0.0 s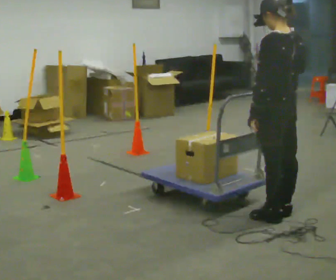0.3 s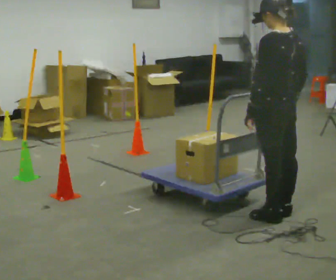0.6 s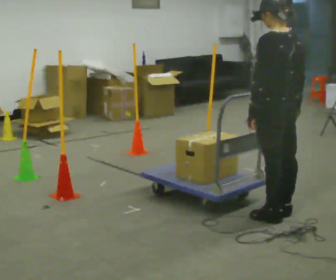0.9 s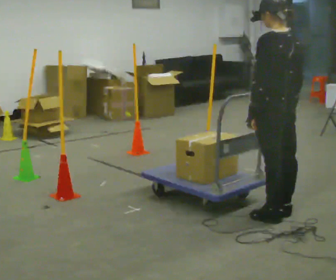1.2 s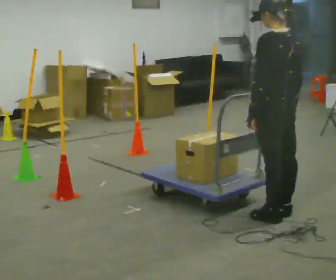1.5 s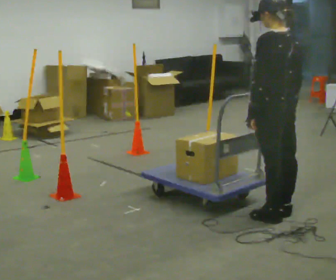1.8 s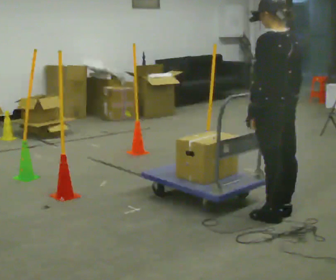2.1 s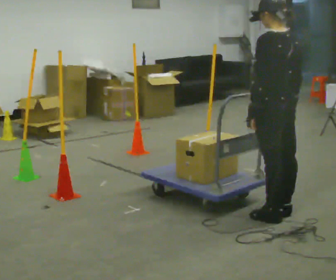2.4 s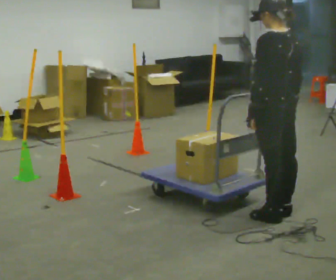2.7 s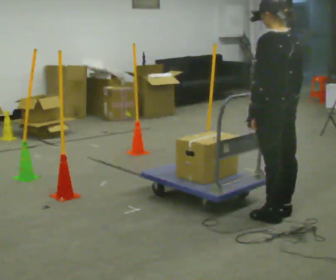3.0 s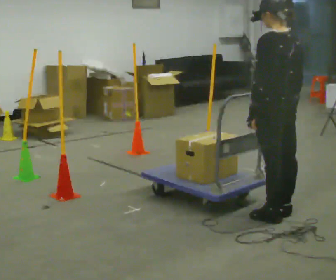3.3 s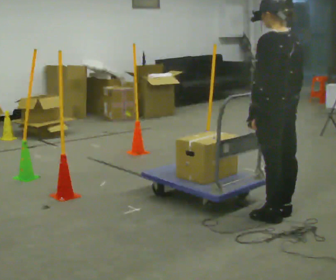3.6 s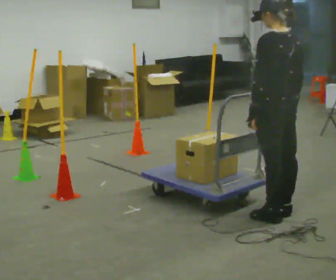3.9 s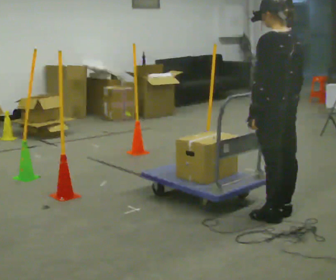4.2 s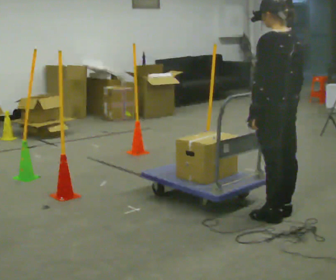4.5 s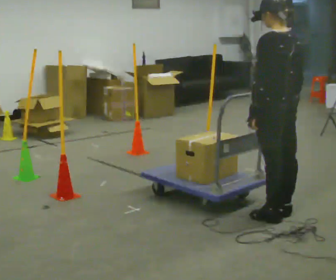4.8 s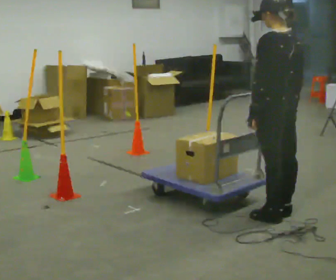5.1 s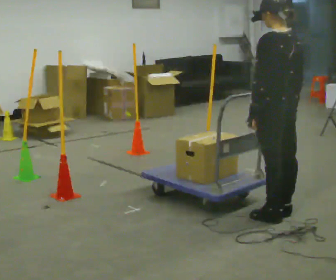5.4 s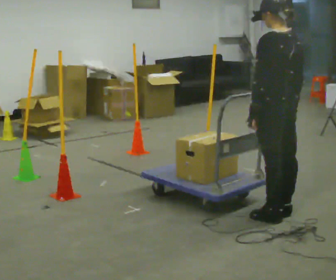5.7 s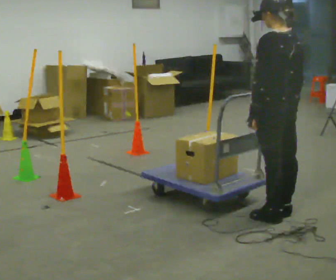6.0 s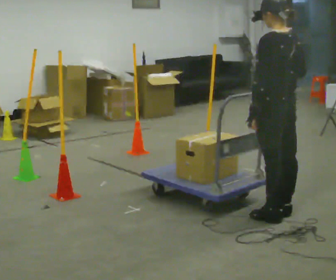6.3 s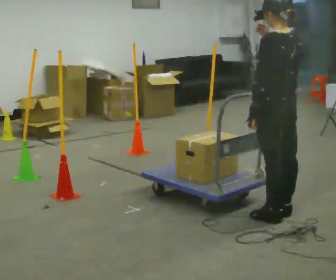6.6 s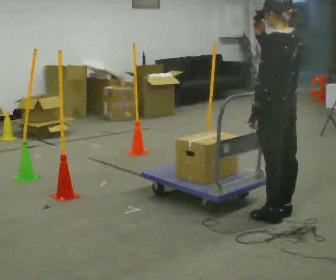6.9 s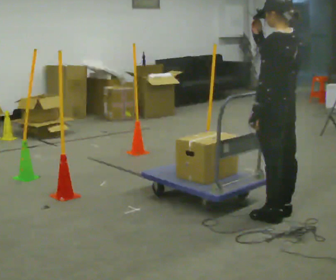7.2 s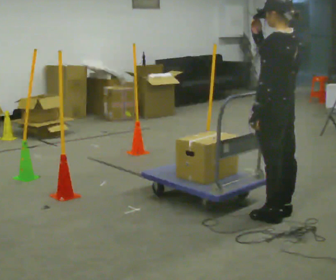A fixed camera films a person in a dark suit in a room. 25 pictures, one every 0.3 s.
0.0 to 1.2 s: The person moves a little, or ends about where they began.
1.2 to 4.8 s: The person keeps their place and pose.
4.8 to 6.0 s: In the picture their right hand goes upward.
6.0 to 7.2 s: The person moves a little, or ends about where they began.
The film runs forward here.
